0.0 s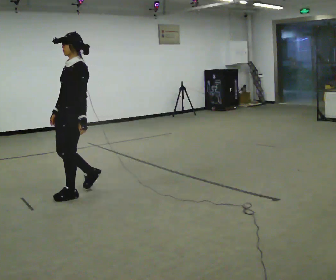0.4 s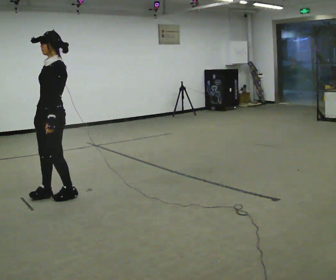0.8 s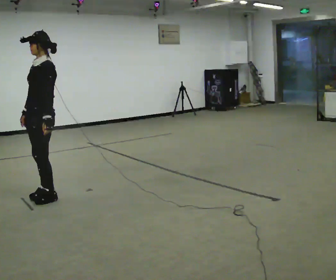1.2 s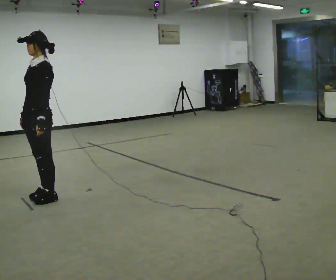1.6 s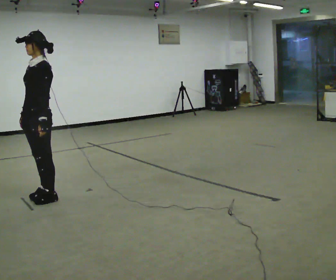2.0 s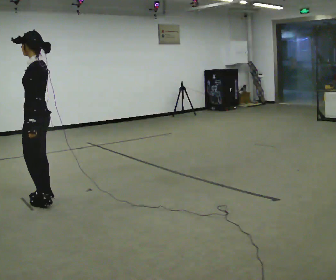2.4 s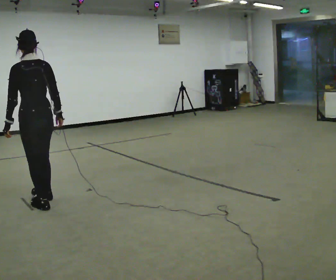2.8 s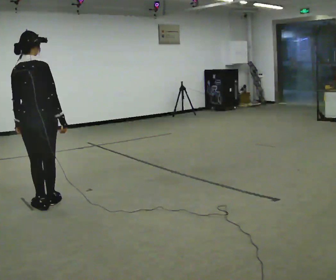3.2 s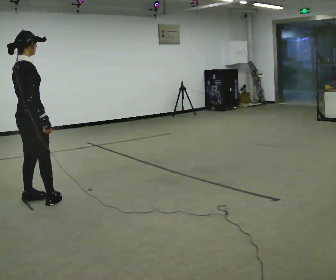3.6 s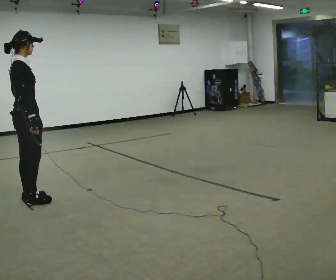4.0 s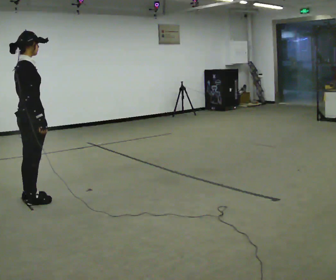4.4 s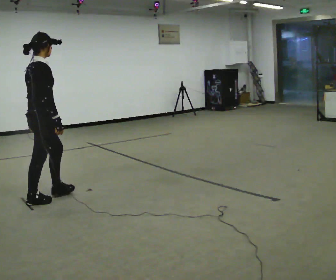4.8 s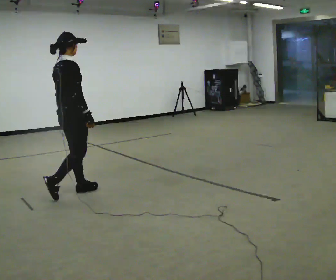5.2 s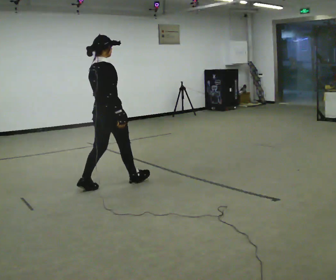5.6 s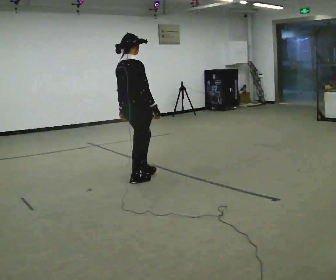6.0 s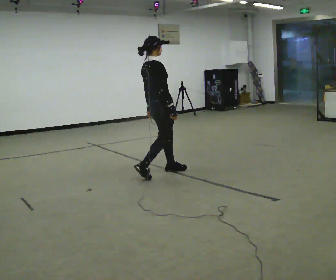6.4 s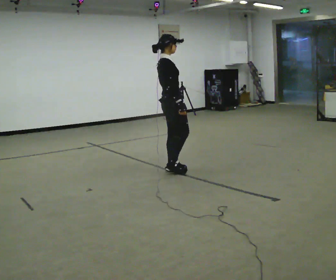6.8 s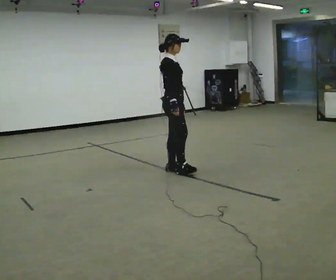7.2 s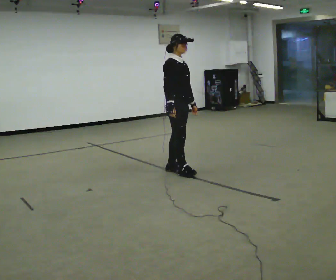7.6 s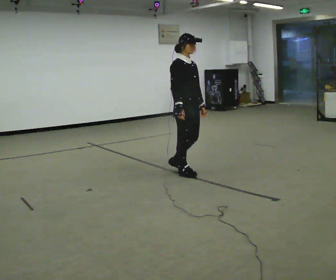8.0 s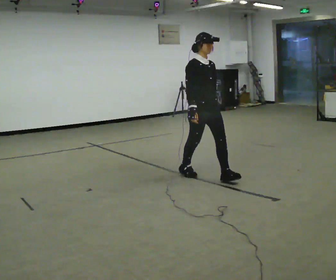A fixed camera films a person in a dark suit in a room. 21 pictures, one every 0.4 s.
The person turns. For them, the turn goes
to their right.
The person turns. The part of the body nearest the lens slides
to the left.
0.0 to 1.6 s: In the picture they go to the left, about 0.25 m in 2 steps, which for them is forward.
1.6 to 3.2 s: The person turns about 180 degrees to their right, clockwise seen from above, so the part of the body nearest the lens slides to the left.
3.2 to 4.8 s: In the picture they go to the right, about 0.5 m in 2 steps, which for them is forward.
4.8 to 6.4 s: The part of the body nearest the lens slides to the left as the person turns to their right by about 30 degrees. In the picture they go to the right, about 1.5 m in 2 steps, which for them is forward.
6.4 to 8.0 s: The person turns about 60 degrees to their right, clockwise seen from above, so the part of the body nearest the lens slides to the left. In the picture they go toward the camera, about 0.5 m in 1 step, which for them is forward and to their right.
The film runs forward here.
